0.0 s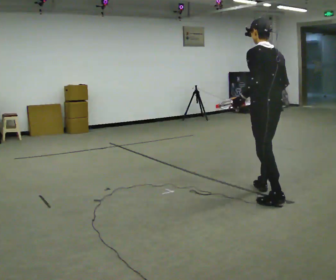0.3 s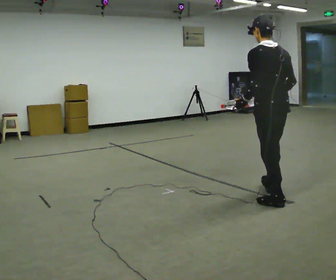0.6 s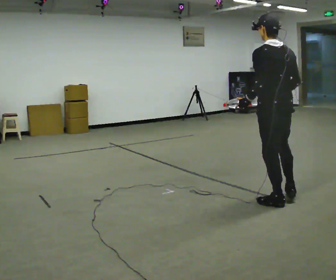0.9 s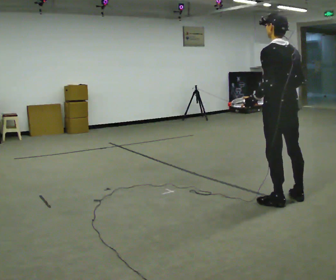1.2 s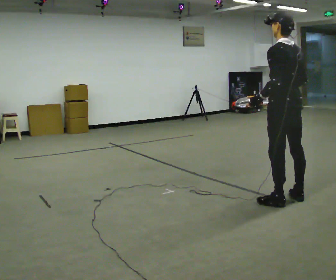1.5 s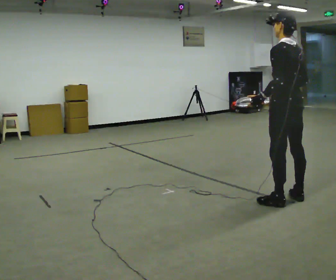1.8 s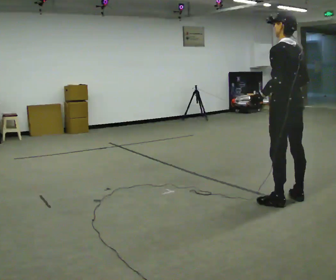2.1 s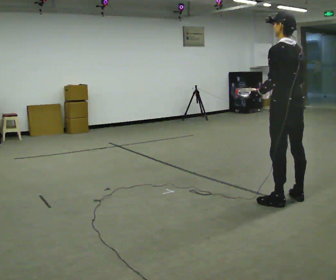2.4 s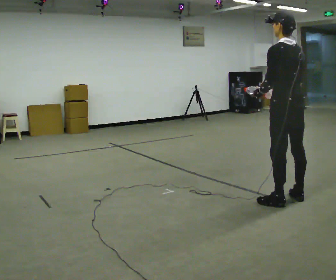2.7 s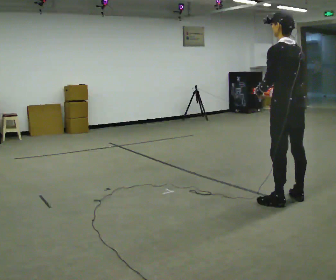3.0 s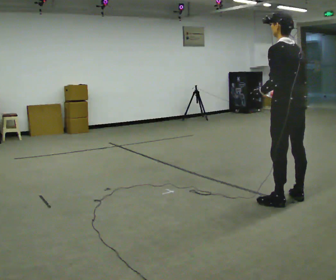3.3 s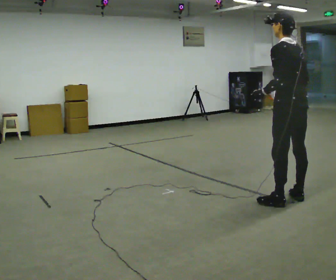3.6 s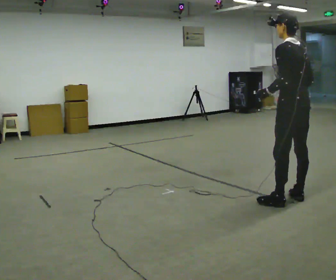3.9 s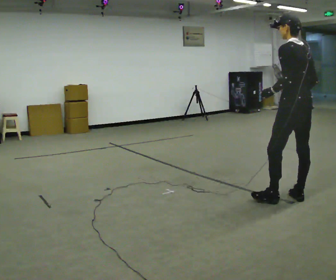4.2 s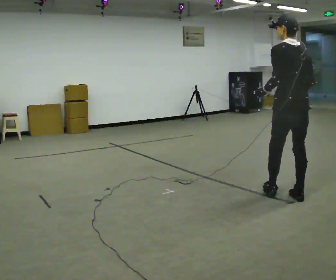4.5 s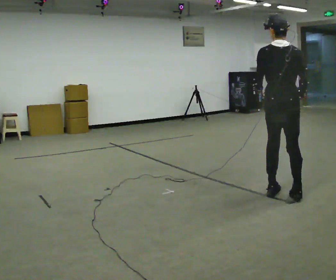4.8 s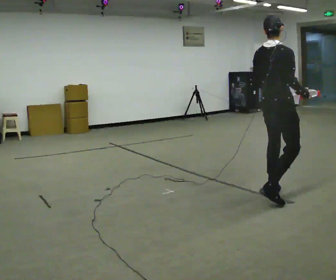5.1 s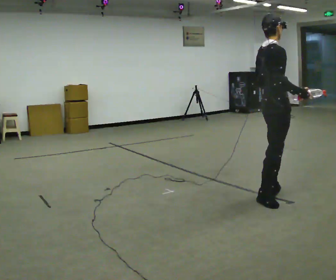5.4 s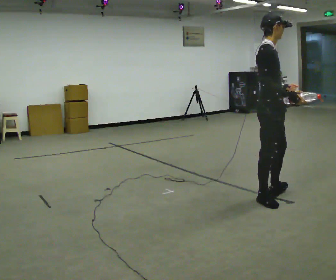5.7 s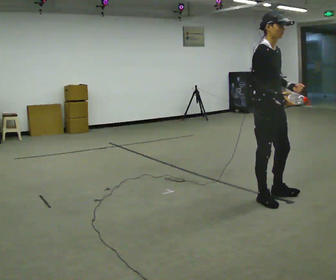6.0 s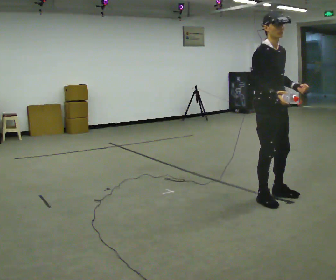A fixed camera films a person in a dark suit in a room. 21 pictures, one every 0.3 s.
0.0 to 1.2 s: In the picture they go to the right, about 0.25 m in 1 step, which for them is backward.
1.2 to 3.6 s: The person moves a little, or ends about where they began.
3.6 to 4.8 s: The person turns about 90 degrees to their right, clockwise seen from above, so the part of the body nearest the lens slides to the left. In the picture they go to the left, about 0.25 m in 2 steps.
4.8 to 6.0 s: The part of the body nearest the lens slides to the left as the person turns to their right by about 75 degrees. In the picture their left hand goes to the right, the arm swinging counterclockwise.
The film runs backward here.
